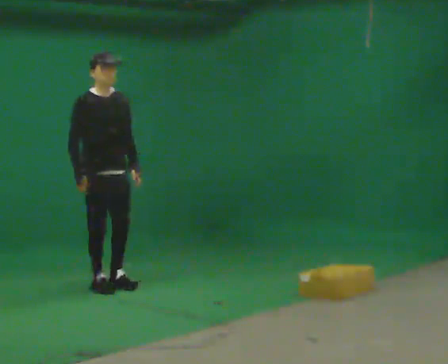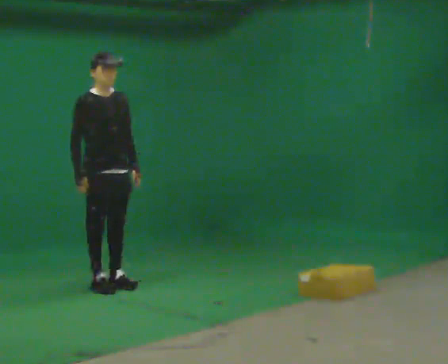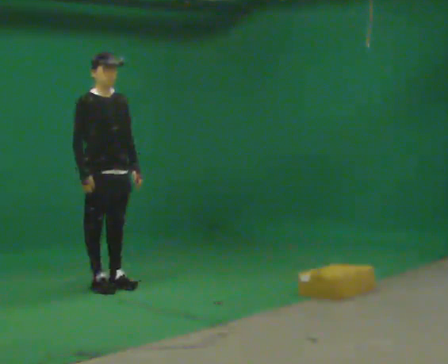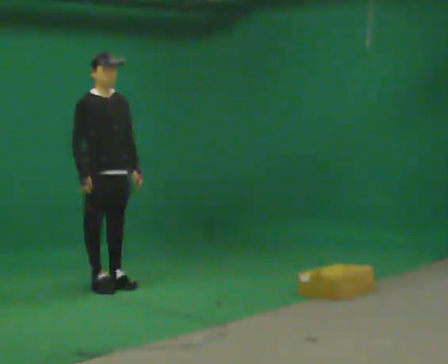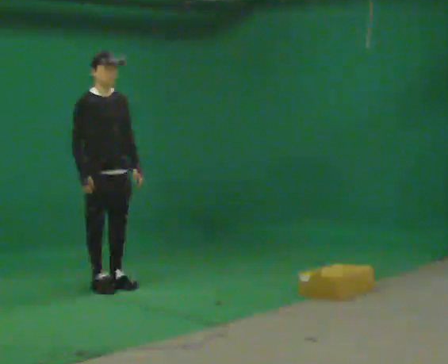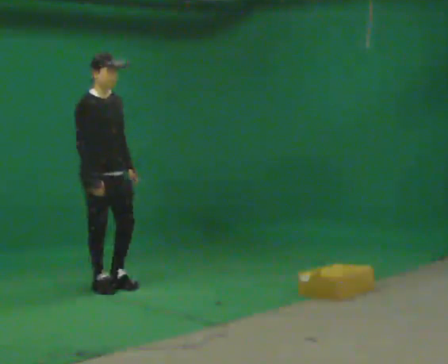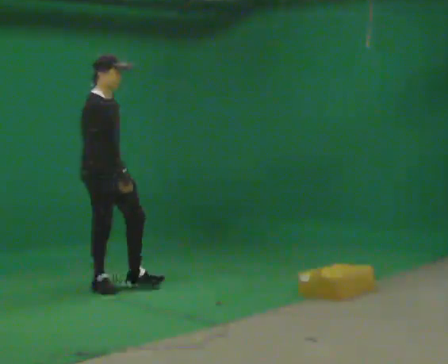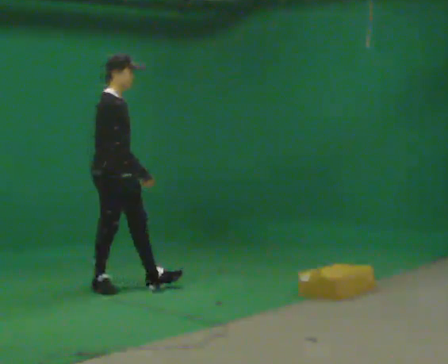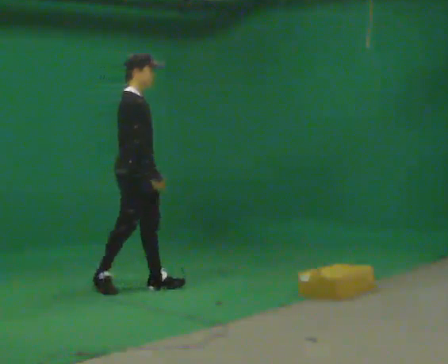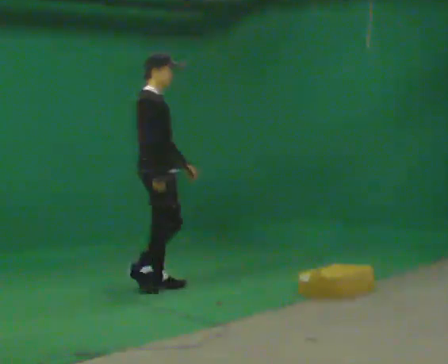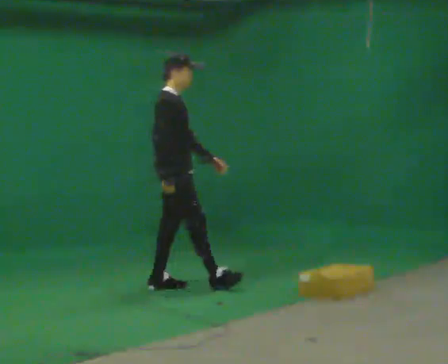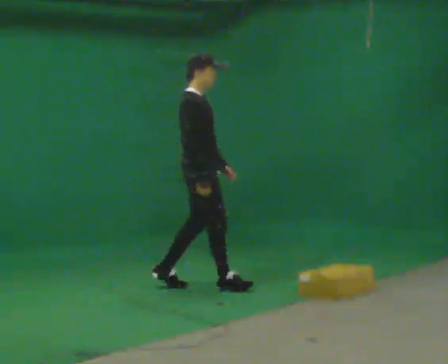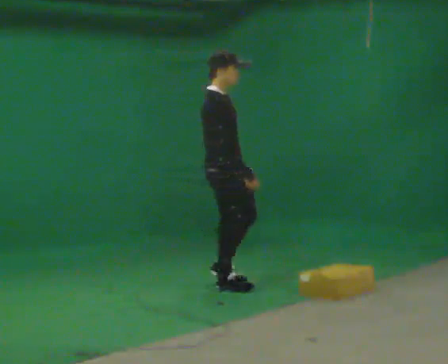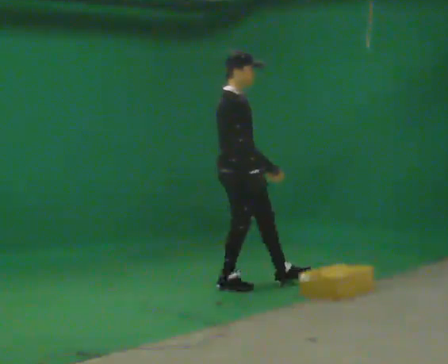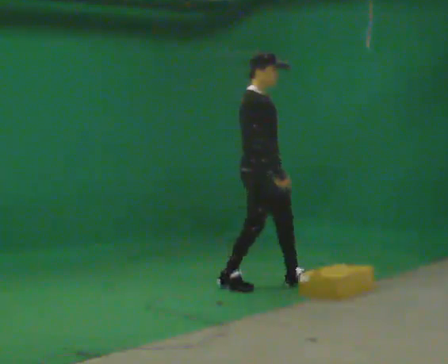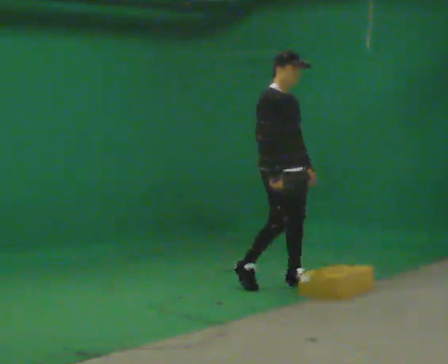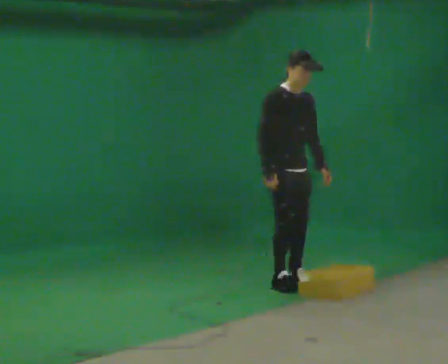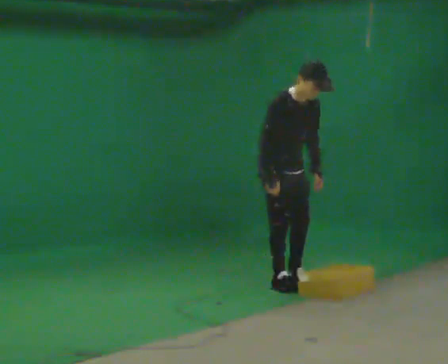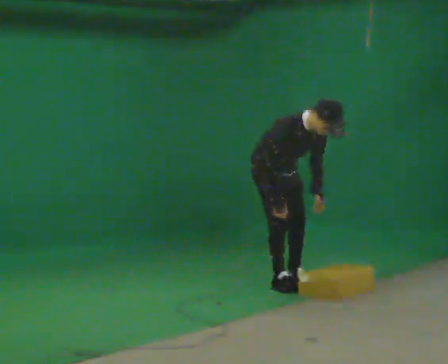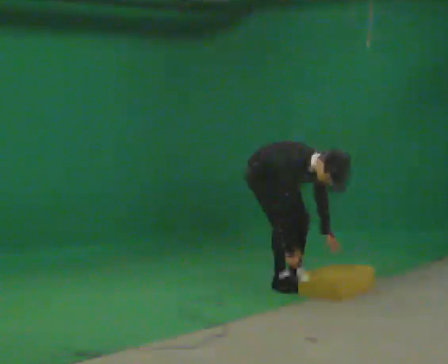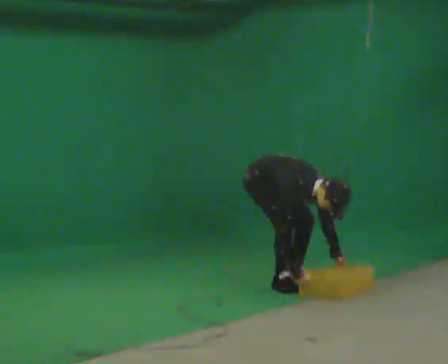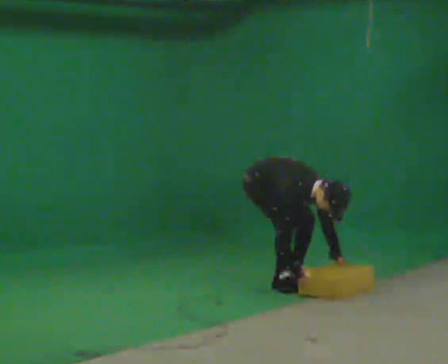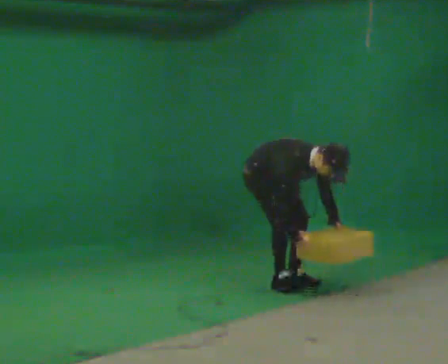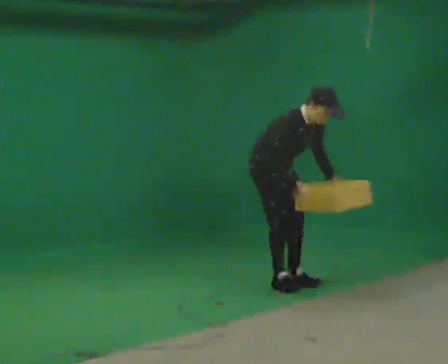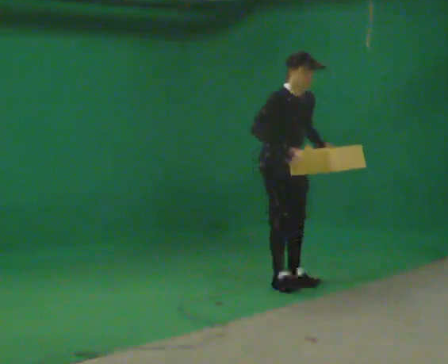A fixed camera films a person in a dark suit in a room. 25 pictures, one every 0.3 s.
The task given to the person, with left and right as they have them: Walk forward noticeably slower than normal; do not shuffle; stop.
0.0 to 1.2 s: The person moves a little, or ends about where they began.
1.2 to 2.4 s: Seen from above the body turns counterclockwise, about 45 degrees: to their left, with its near side sliding to the right. In the picture they go to the right, about 0.25 m in 1 step, which for them is forward.
2.4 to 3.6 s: In the picture they go to the right, about 0.75 m in 1 step, which for them is forward.
3.6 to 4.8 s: The person turns about 30 degrees to their right, clockwise seen from above, so the part of the body nearest the lens slides to the left. In the picture they go to the right, about 0.5 m in 1 step, which for them is forward and to their left.
4.8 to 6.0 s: The upper body goes downward. In the picture the upper body tilts clockwise, shoulders to the right, as they bend forward. In the picture their left hand goes downward.
6.0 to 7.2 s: The shoulders move upward. In the picture the upper body tilts counterclockwise, shoulders to the left, as they lean back or straighten. In the picture their right hand goes upward.
The film runs forward here.
